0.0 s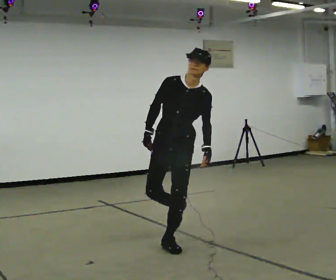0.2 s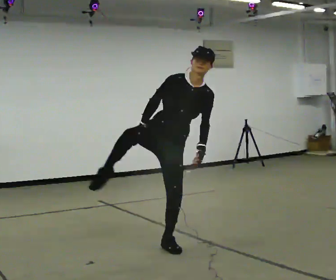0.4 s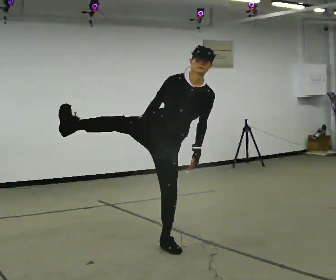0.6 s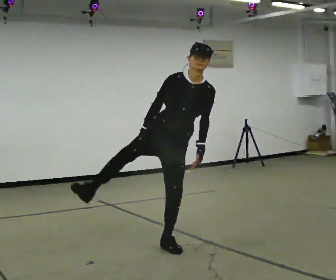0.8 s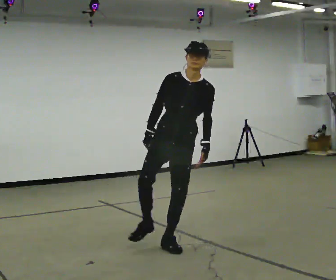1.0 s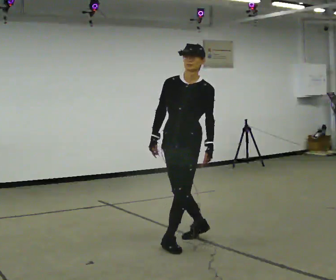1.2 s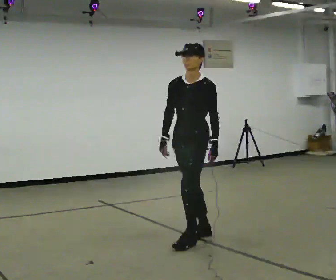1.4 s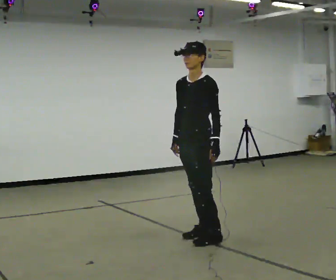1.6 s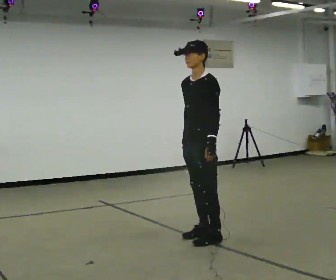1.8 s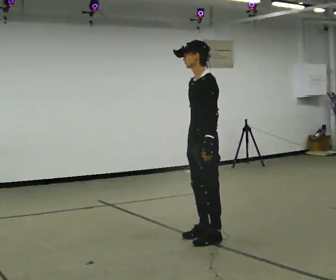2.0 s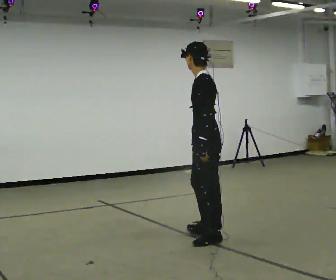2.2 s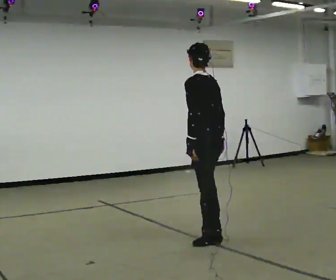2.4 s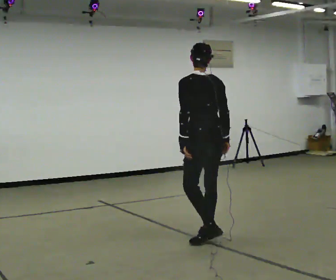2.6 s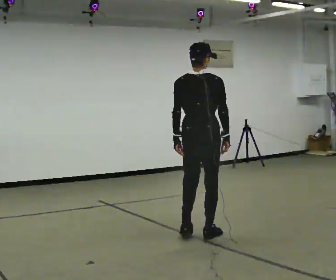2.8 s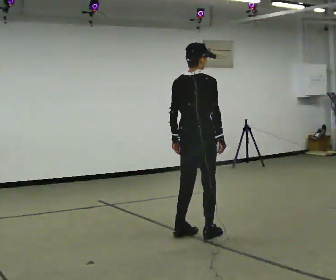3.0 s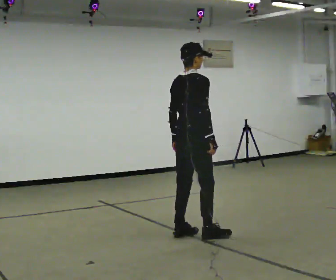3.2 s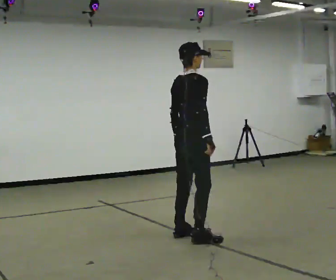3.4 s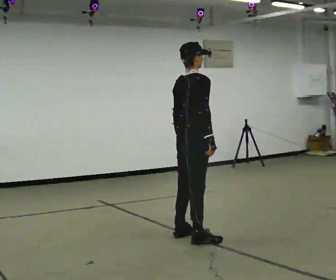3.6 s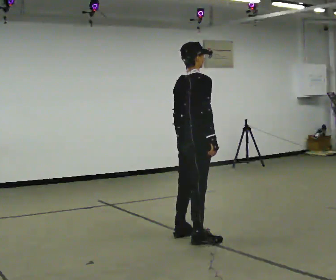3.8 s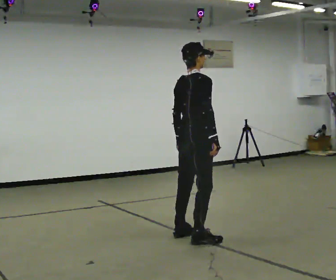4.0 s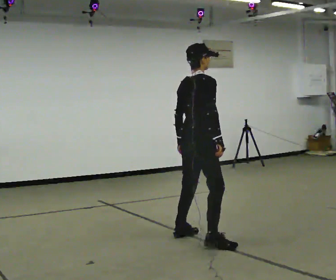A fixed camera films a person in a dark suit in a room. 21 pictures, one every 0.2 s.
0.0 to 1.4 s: The person turns about 45 degrees to their right, clockwise seen from above, so the part of the body nearest the lens slides to the left. In the picture they go to the right, about 0.25 m in 3 steps.
1.4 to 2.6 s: The person turns about 150 degrees to their right, clockwise seen from above, so the part of the body nearest the lens slides to the left. In the picture their right hand goes to the right.
2.6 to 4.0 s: The person turns about 45 degrees to their right, clockwise seen from above, so the part of the body nearest the lens slides to the left.
The film runs forward here.
